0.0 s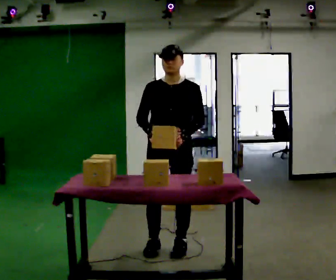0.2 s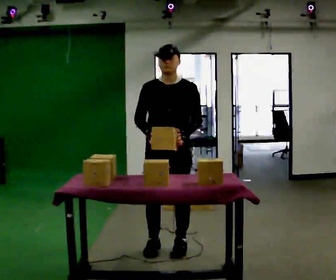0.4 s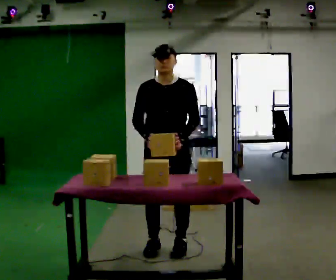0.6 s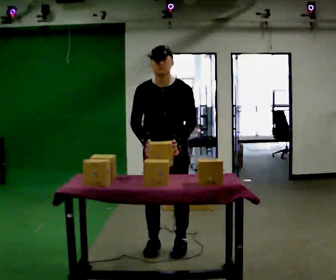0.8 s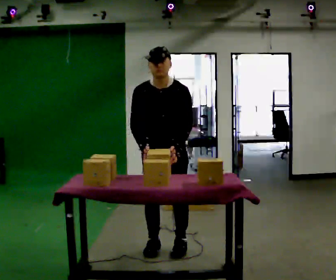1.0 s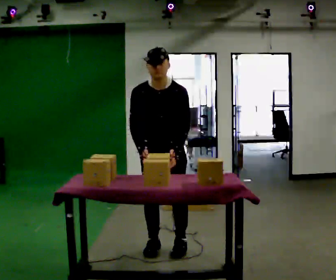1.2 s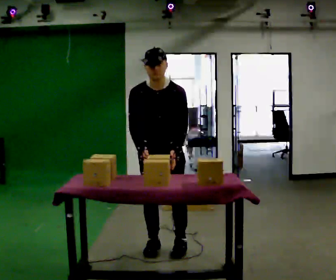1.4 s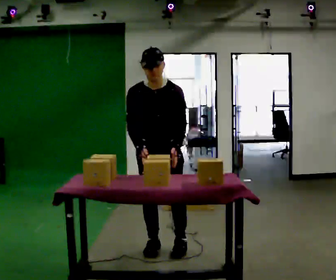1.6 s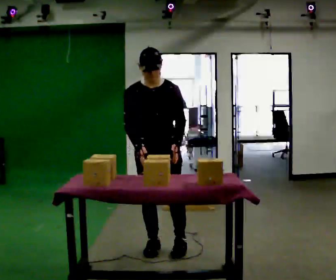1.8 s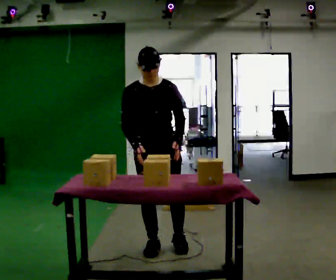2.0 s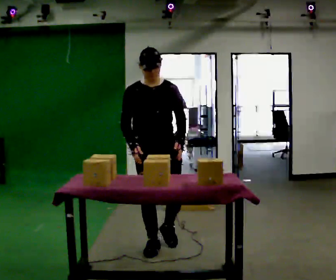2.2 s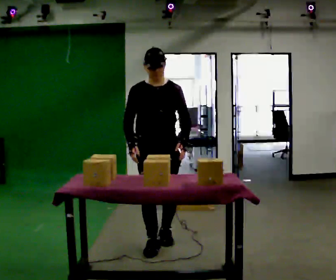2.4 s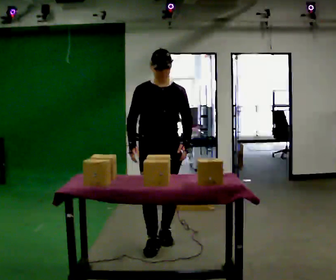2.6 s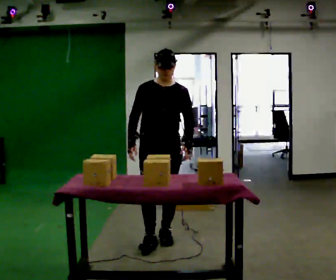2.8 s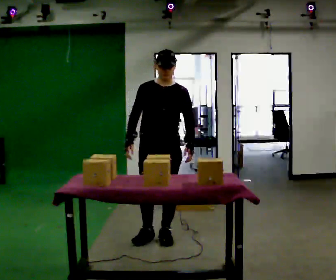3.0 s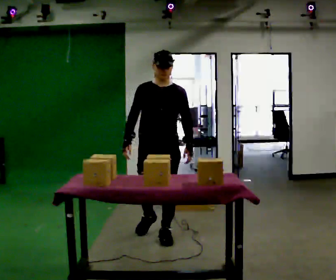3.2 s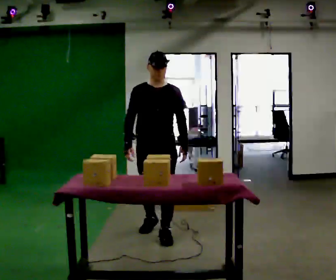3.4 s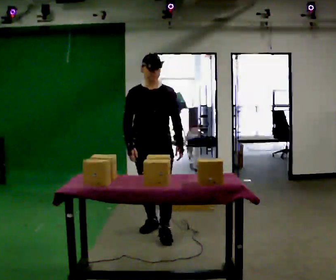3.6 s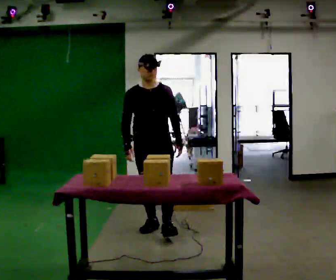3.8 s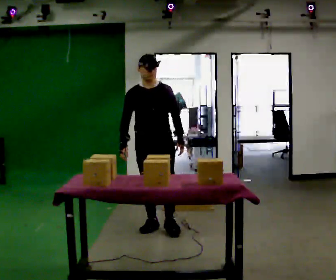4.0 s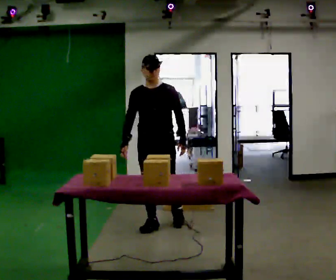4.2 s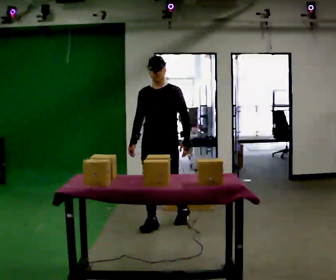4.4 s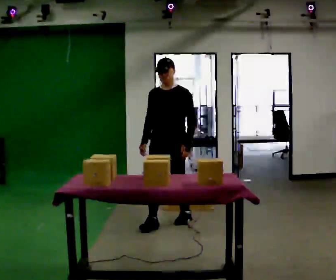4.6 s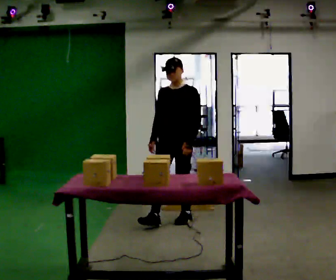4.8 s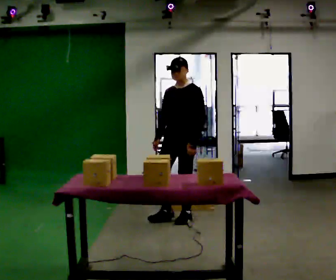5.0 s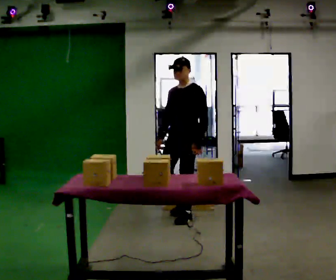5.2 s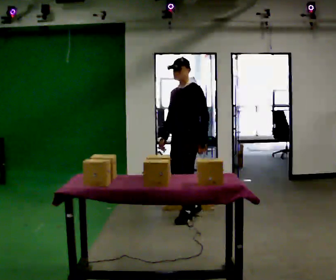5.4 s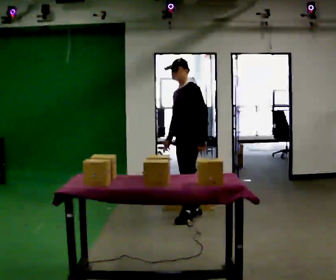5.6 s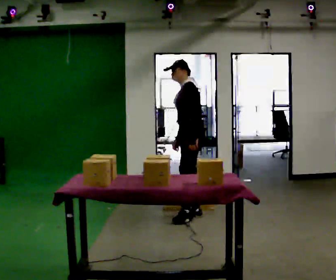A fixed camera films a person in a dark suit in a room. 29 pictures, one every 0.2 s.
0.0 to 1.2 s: The upper body tips toward the camera, its near side rolling downward, as they bend forward.
1.2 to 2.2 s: The upper body tips away from the camera, its near side rolling upward, as they lean back or straighten.
2.2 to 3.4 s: In the picture they go away from the camera, about 0.5 m in 1 step, which for them is backward.
3.4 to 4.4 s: In the picture they go away from the camera, about 0.25 m in 1 step, which for them is backward.
4.4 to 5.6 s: Seen from above the body turns clockwise, about 60 degrees: to their right, with its near side sliding to the left. In the picture they go away from the camera and to the right, about 0.5 m in 1 step, which for them is backward.
The film runs backward here.
